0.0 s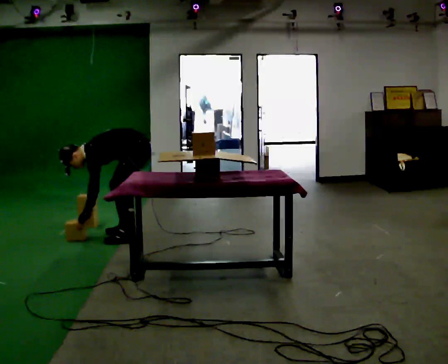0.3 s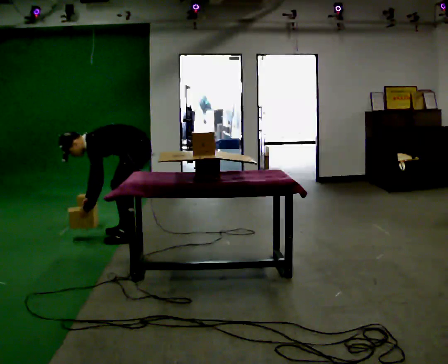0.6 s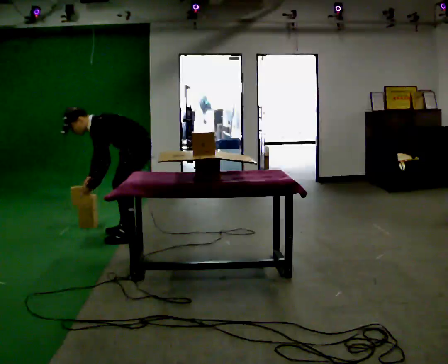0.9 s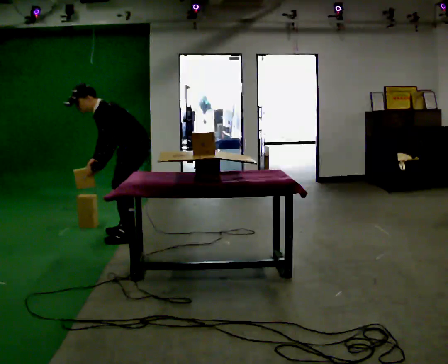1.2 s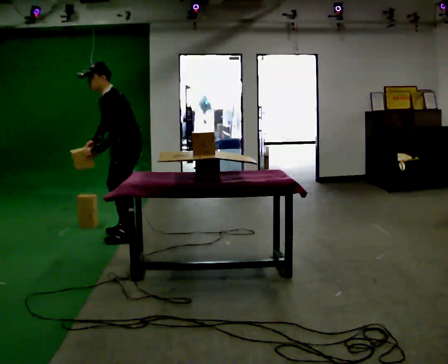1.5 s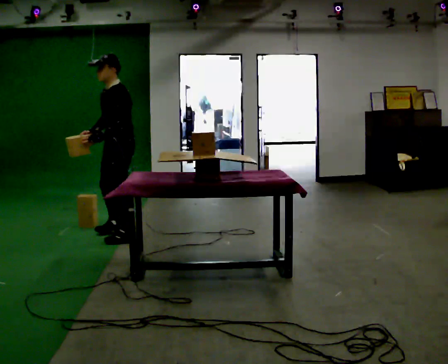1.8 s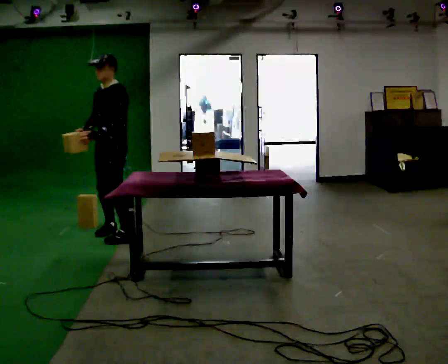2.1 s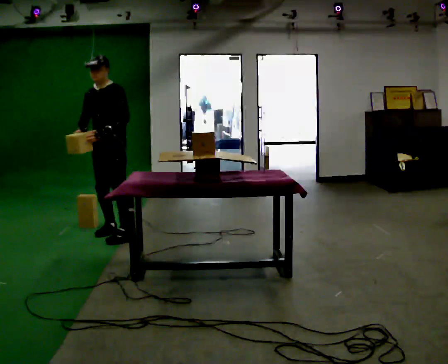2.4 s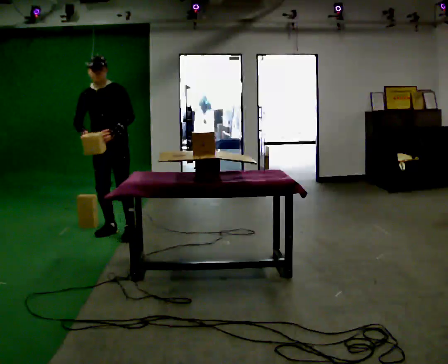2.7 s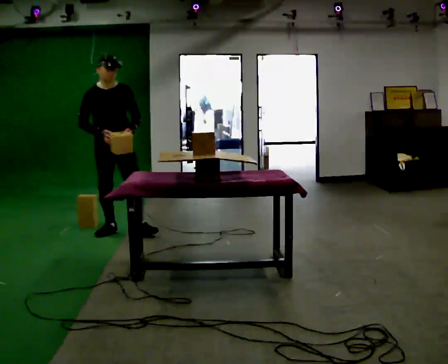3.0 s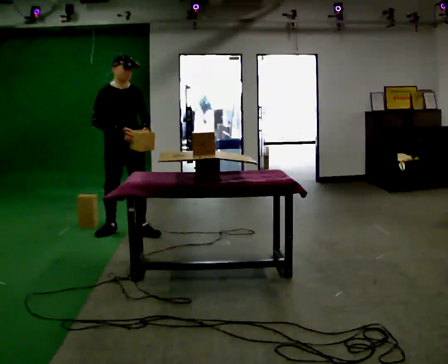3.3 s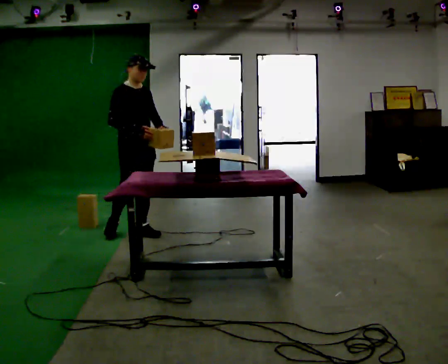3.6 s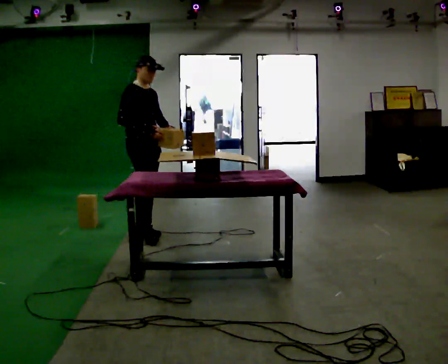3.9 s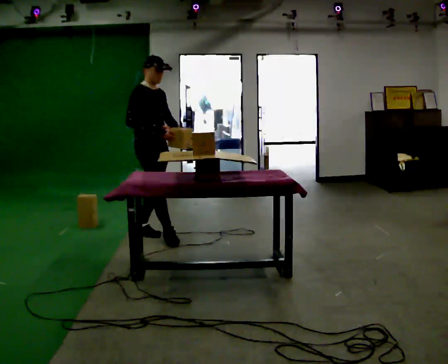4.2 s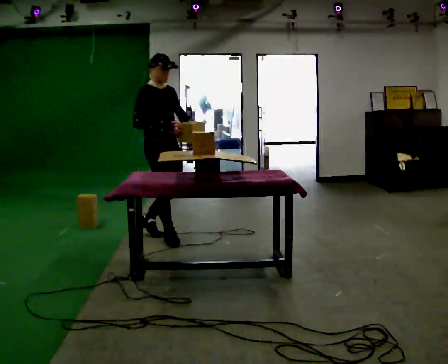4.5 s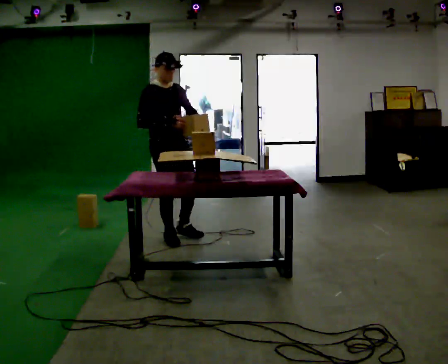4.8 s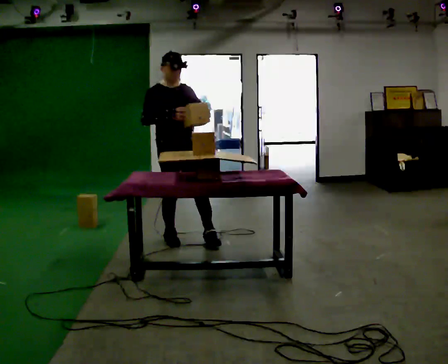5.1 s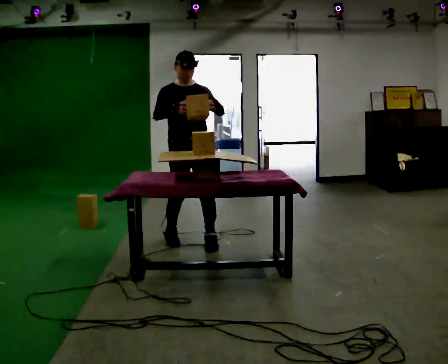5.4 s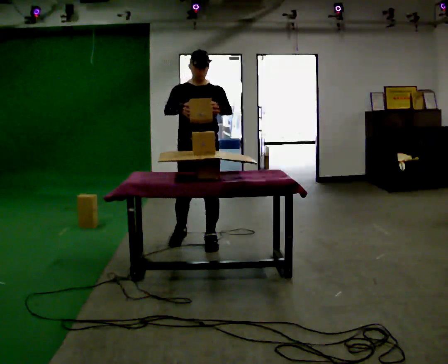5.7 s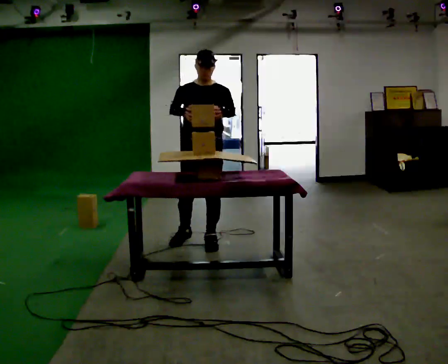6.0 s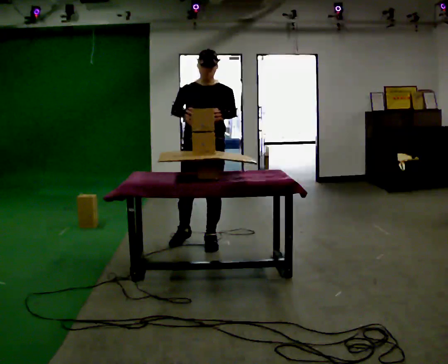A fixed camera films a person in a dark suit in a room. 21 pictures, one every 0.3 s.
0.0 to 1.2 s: The shoulders move upward. In the picture the upper body tilts clockwise, shoulders to the right, as they lean back or straighten. In the picture their right hand goes upward.
1.2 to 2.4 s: Seen from above the body turns counterclockwise, about 60 degrees: to their left, with its near side sliding to the right. In the picture they go away from the camera and to the left, about 0.25 m in 1 step.
2.4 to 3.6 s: The person turns about 75 degrees to their left, counterclockwise seen from above, so the part of the body nearest the lens slides to the right. In the picture they go to the right, about 0.25 m in 1 step.
3.6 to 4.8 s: The part of the body nearest the lens slides to the left as the person turns to their right by about 30 degrees. In the picture they go to the right and toward the camera, about 0.5 m in 1 step, which for them is forward.
4.8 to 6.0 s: Seen from above the body turns clockwise, about 30 degrees: to their right, with its near side sliding to the left. In the picture they go to the right and toward the camera, about 0.25 m in 2 steps, which for them is to their left.
The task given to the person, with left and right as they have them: Carry the object over and set it down on the wobbly board without tipping it over. Keep going until the operator says stop; one object at a time, and do not rush between trips.
The film runs forward here.
